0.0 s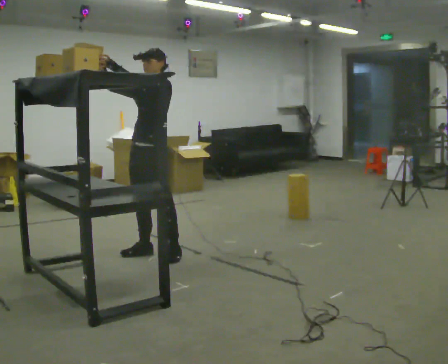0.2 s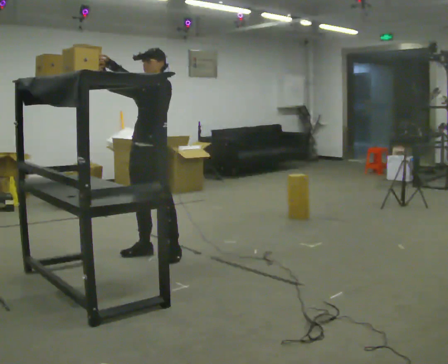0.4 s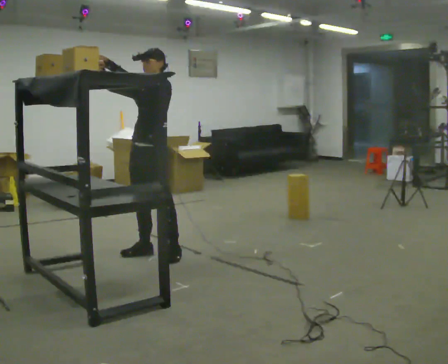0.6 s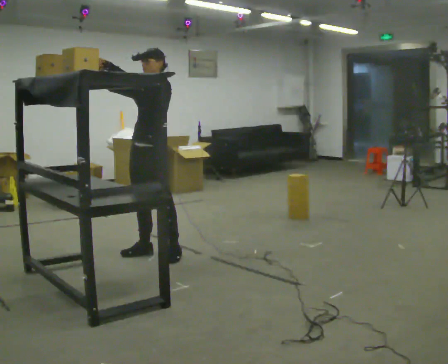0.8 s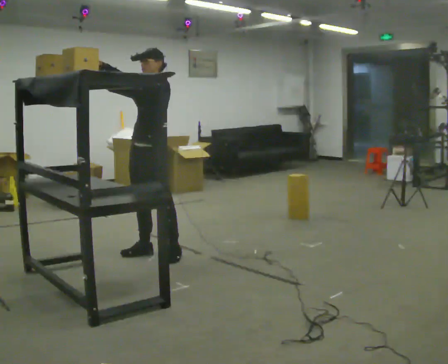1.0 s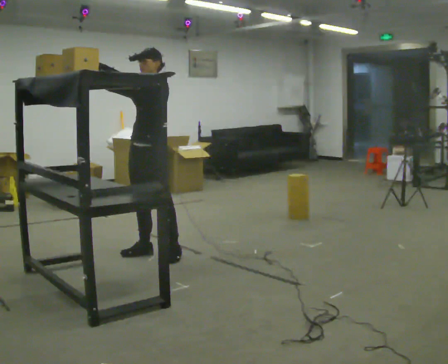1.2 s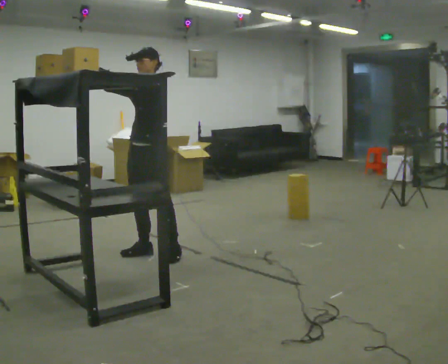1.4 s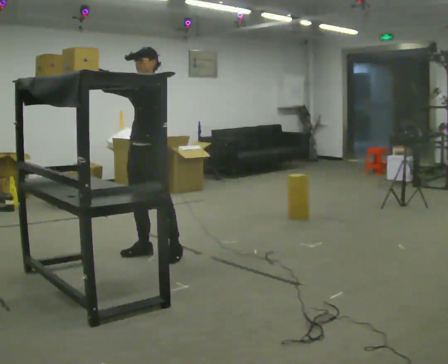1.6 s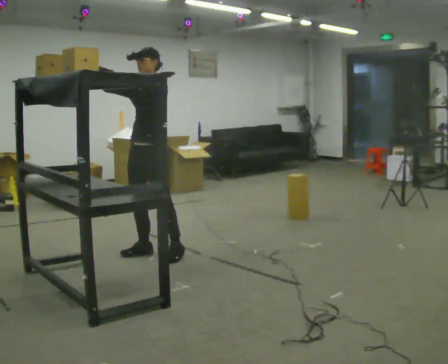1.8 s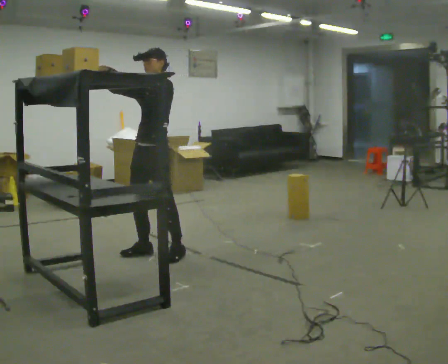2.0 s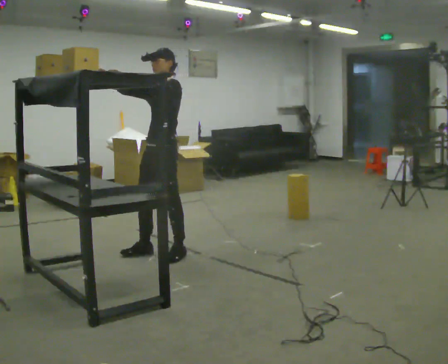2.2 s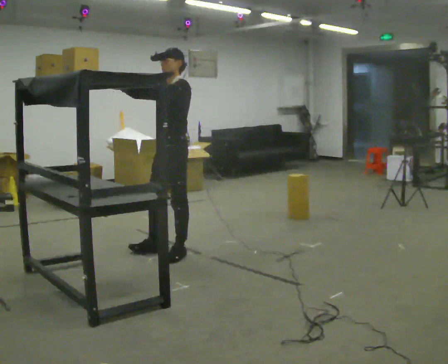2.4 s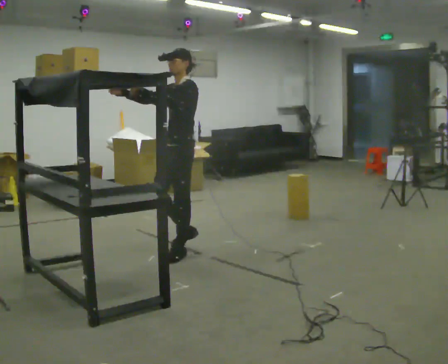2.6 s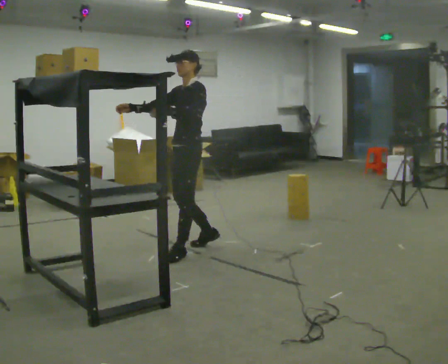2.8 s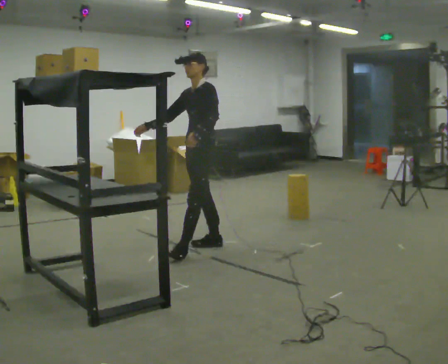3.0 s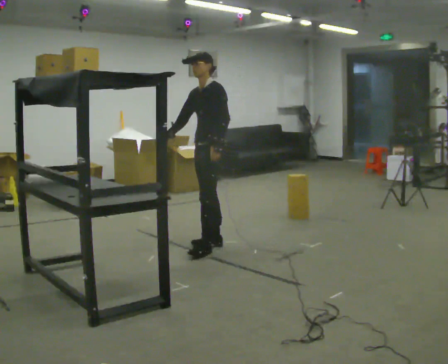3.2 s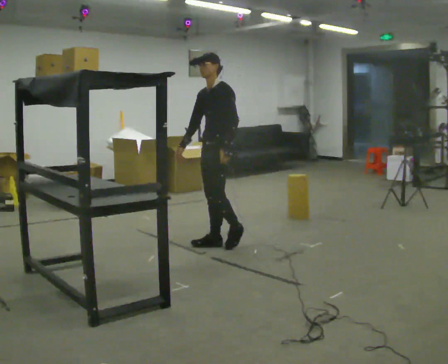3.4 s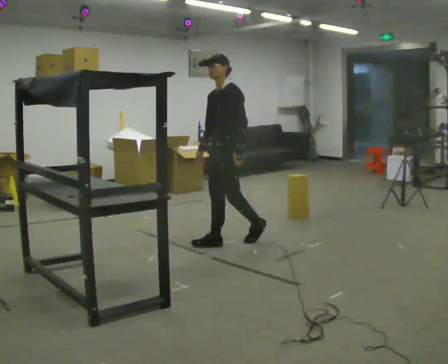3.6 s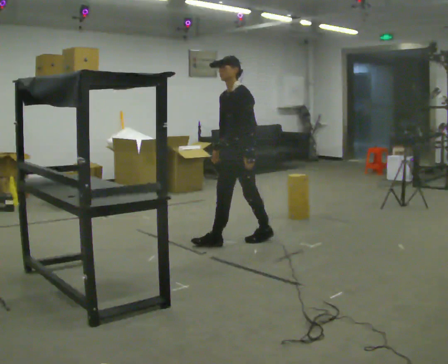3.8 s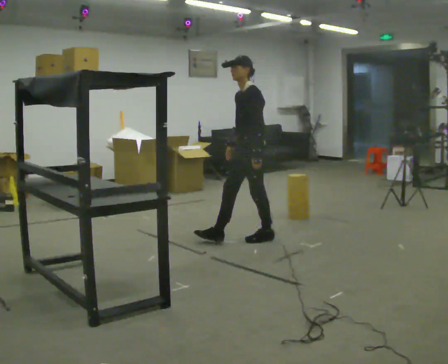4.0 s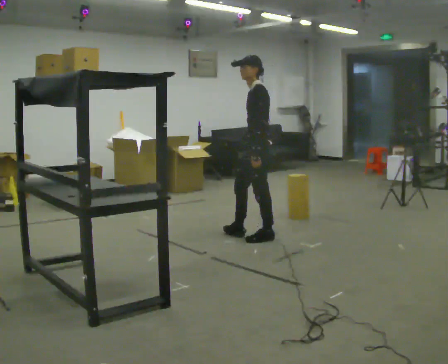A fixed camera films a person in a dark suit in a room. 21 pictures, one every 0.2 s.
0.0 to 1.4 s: The person moves a little, or ends about where they began.
1.4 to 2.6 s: In the picture they go to the right, about 0.25 m in 1 step, which for them is backward.
2.6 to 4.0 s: Seen from above the body turns clockwise, about 30 degrees: to their right, with its near side sliding to the left. In the picture they go to the right and away from the camera, about 0.75 m in 2 steps, which for them is backward. In the picture their right hand goes downward, the arm swinging counterclockwise.
The film runs backward here.
